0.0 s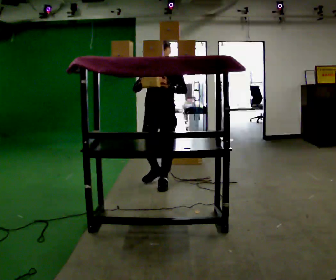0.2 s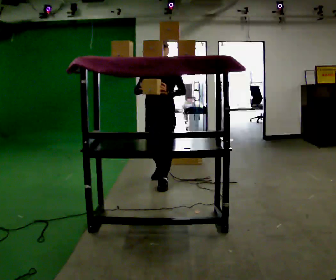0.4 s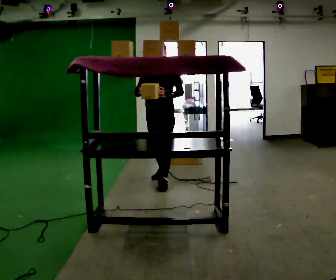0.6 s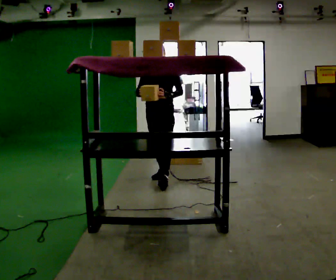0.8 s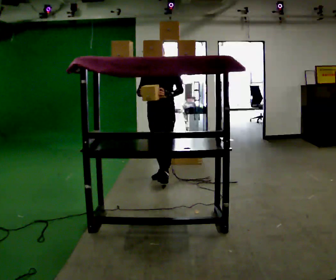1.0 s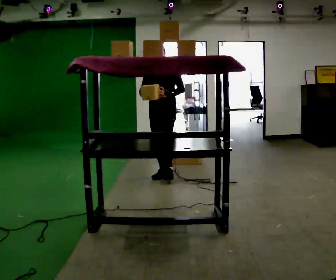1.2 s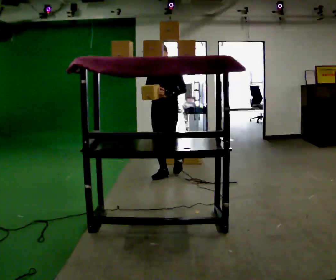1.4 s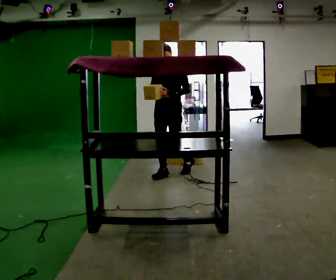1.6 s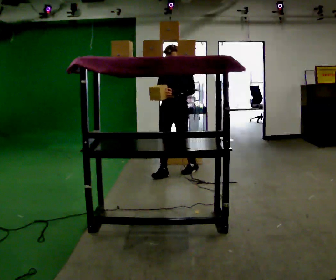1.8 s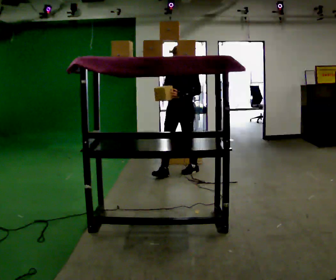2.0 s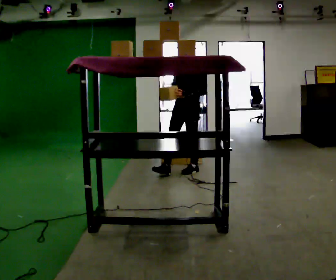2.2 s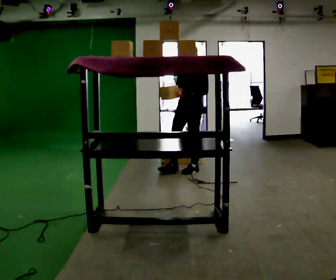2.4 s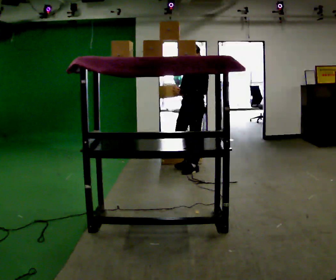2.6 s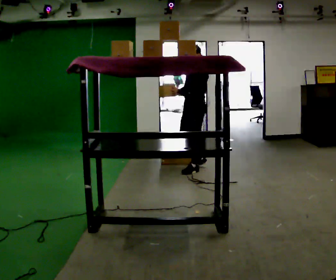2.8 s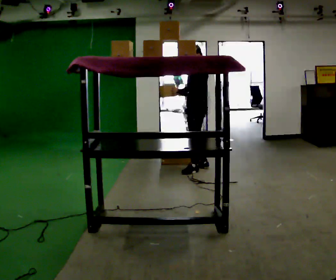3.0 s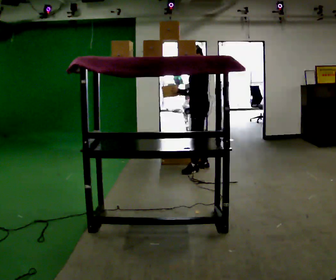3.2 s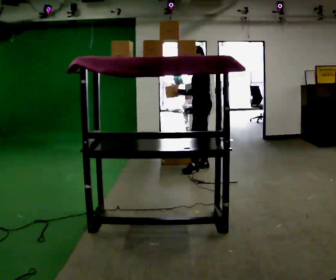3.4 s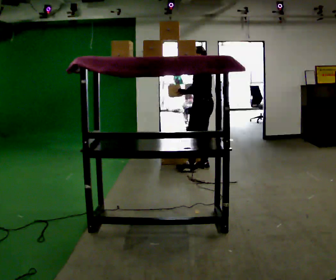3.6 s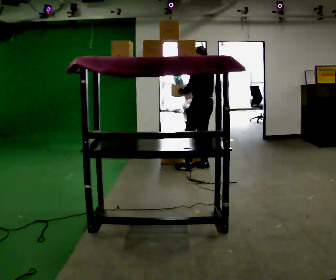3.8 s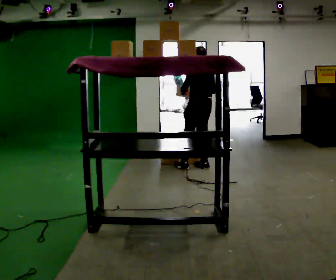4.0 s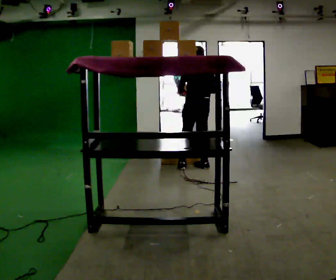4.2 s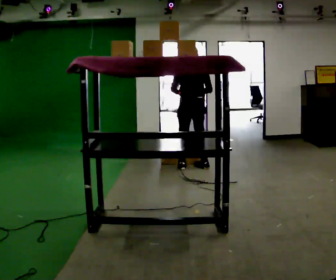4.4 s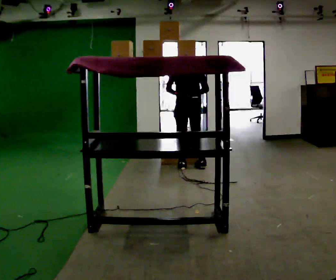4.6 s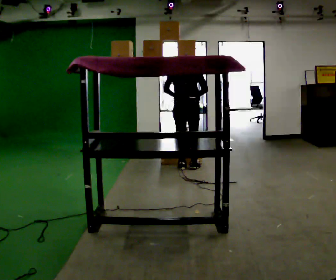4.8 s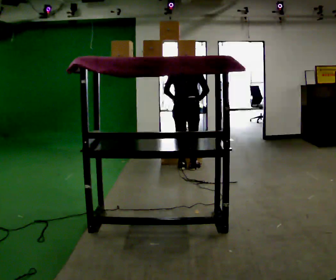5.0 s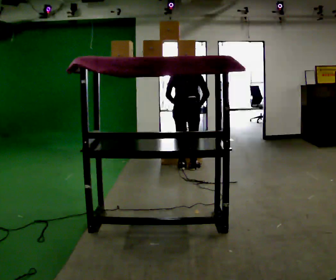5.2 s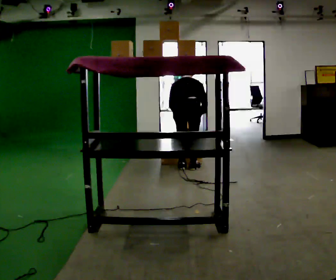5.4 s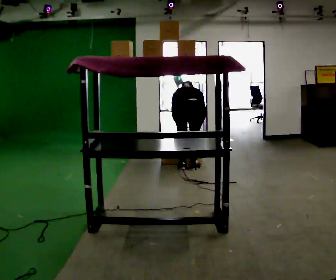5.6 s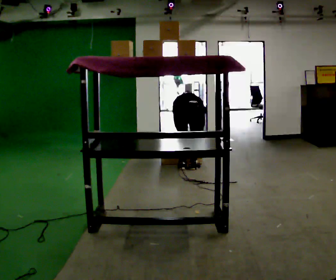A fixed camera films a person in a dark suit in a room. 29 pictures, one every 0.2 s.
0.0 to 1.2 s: In the picture they go away from the camera, about 0.5 m in 1 step, which for them is backward.
1.2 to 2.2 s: In the picture they go to the right and away from the camera, about 0.5 m in 1 step, which for them is backward and to their left.
2.2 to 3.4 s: Seen from above the body turns clockwise, about 60 degrees: to their right, with its near side sliding to the left. In the picture they go away from the camera and to the right, about 0.25 m.
3.4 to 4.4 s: Seen from above the body turns clockwise, about 60 degrees: to their right, with its near side sliding to the left. In the picture they go to the left, about 0.25 m in 2 steps.
4.4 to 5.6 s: In the picture they go toward the camera, about 0.25 m, which for them is backward. The shoulders move downward. The upper body tips away from the camera, its near side rolling upward, as they bend forward. In the picture their left hand goes downward.
The film runs backward here.
